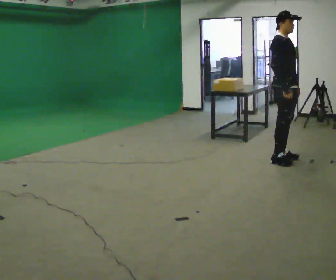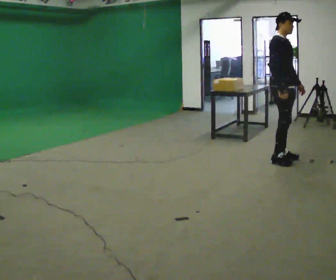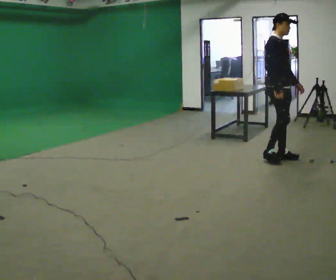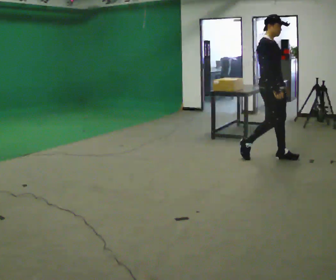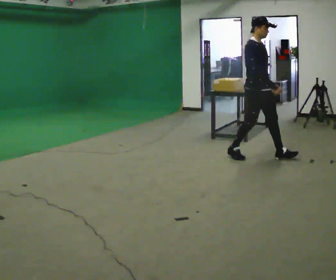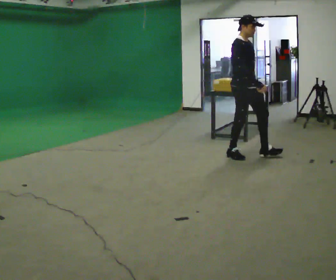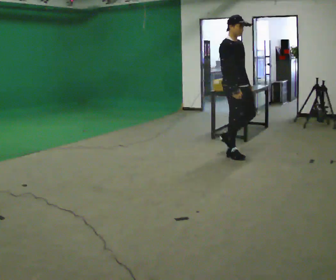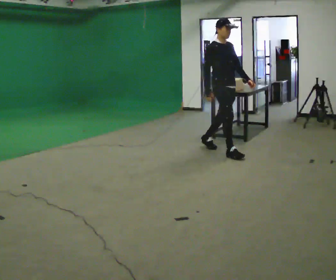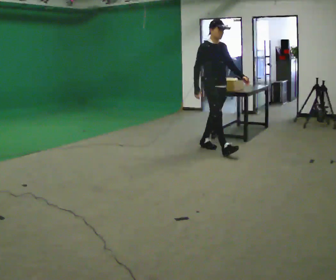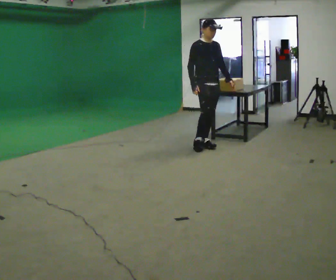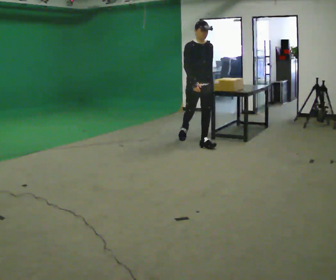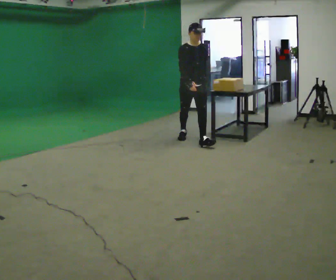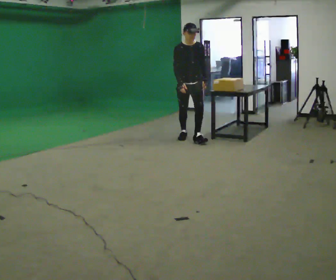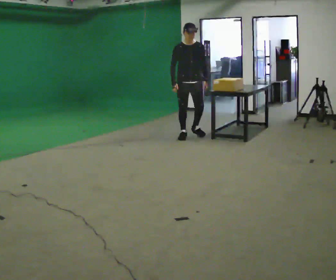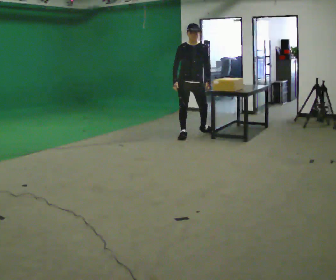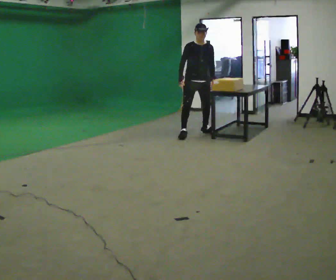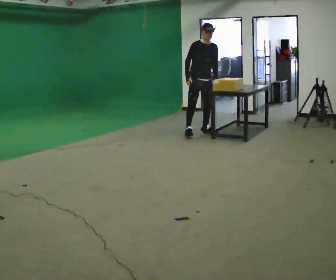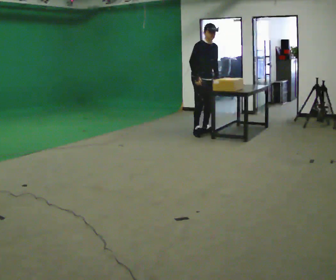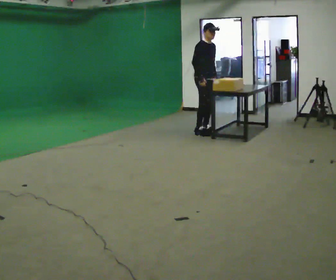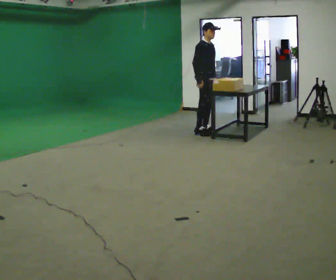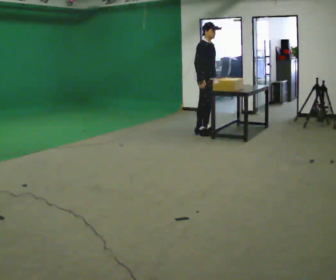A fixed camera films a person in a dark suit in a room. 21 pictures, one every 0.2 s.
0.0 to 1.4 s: In the picture they go to the left and away from the camera, about 1 m in 2 steps, which for them is backward.
1.4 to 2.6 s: Seen from above the body turns clockwise, about 45 degrees: to their right, with its near side sliding to the left. In the picture they go away from the camera and to the left, about 1 m in 2 steps, which for them is backward.
2.6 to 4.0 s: The person turns about 45 degrees to their left, counterclockwise seen from above, so the part of the body nearest the lens slides to the right. In the picture they go away from the camera and to the right, about 0.5 m in 1 step, which for them is to their left.
The film runs backward here.
